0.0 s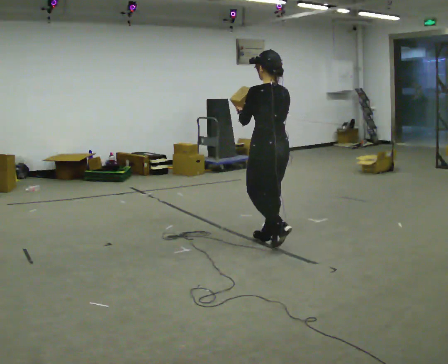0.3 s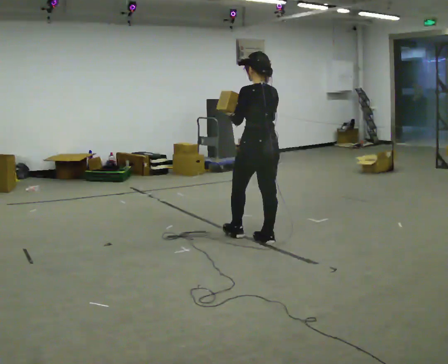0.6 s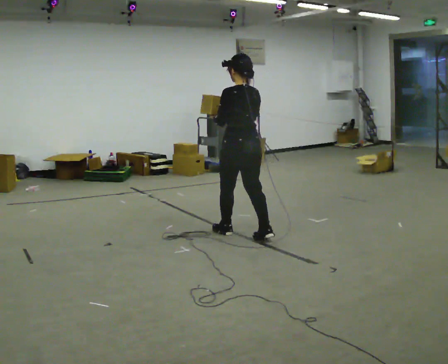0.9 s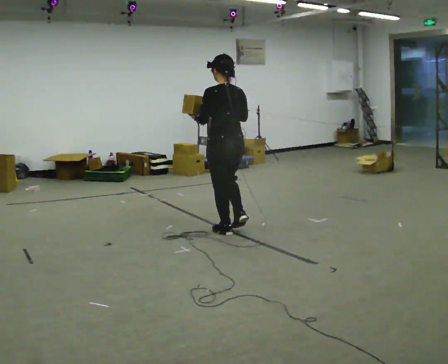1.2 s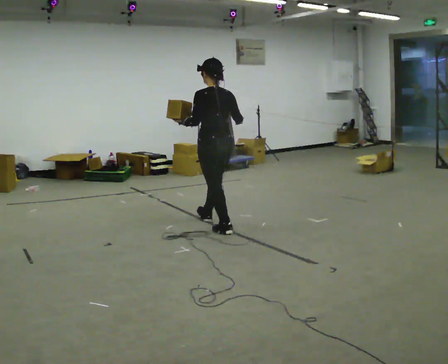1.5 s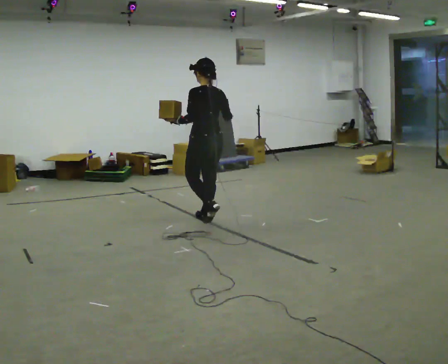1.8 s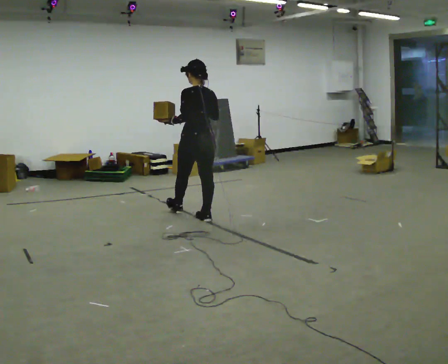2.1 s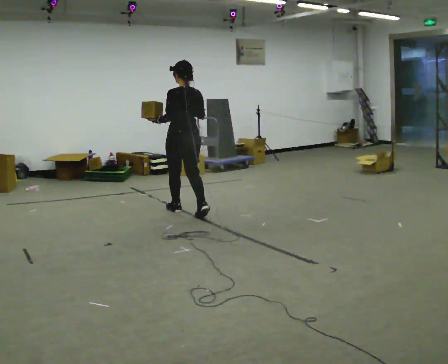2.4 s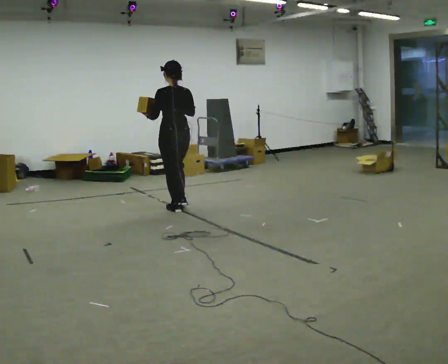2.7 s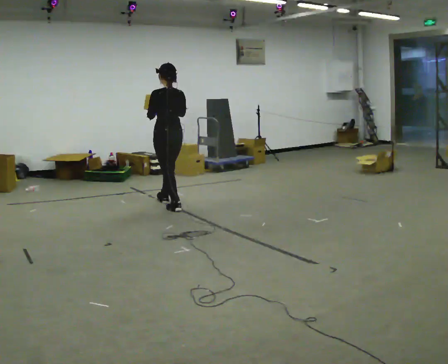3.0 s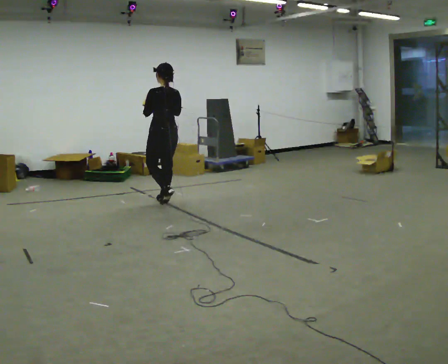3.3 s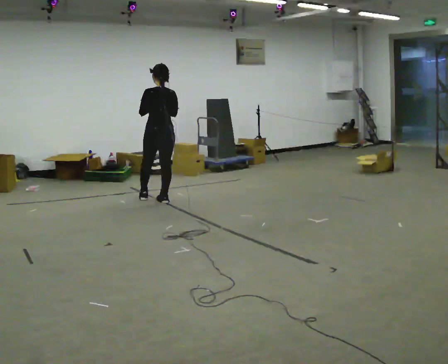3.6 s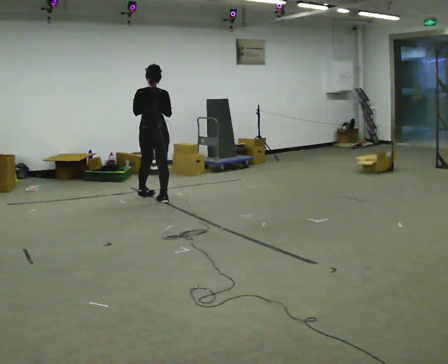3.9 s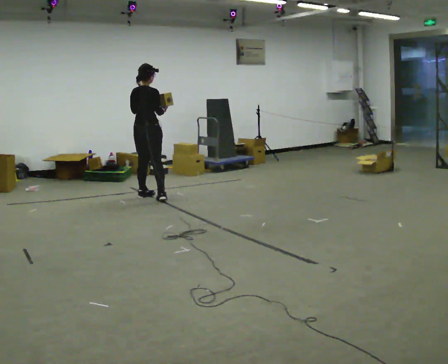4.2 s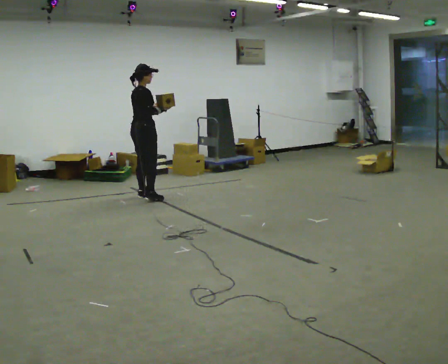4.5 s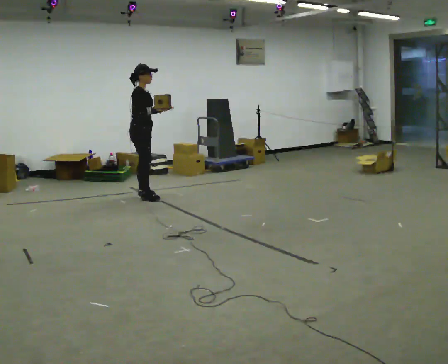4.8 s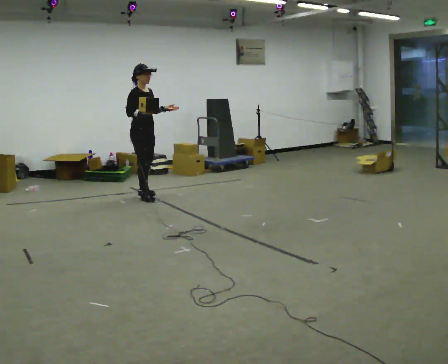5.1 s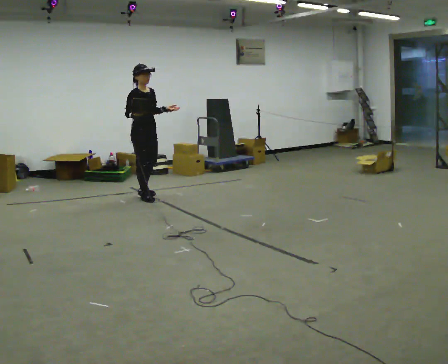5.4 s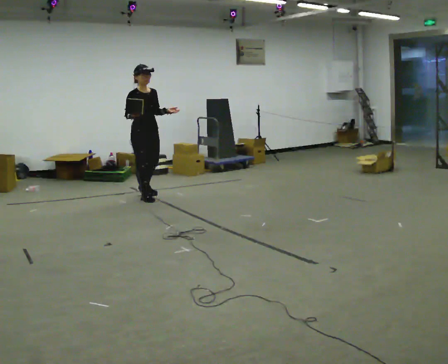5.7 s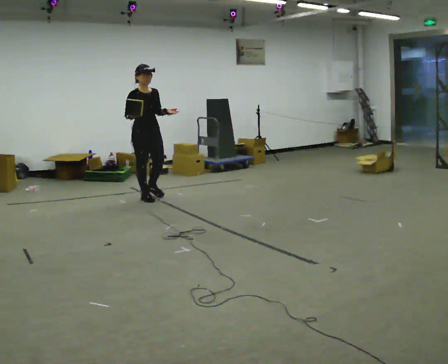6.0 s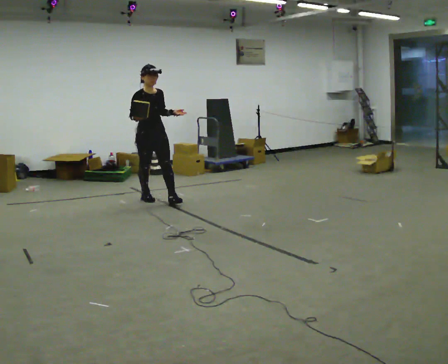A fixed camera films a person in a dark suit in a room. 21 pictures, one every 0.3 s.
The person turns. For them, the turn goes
to their right.
The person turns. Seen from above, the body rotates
clockwise.
0.0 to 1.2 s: In the picture they go away from the camera and to the left, about 0.5 m in 1 step, which for them is forward.
1.2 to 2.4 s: In the picture they go away from the camera and to the left, about 1 m in 2 steps, which for them is forward.
2.4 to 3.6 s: The person turns about 30 degrees to their right, clockwise seen from above, so the part of the body nearest the lens slides to the left. In the picture they go away from the camera and to the left, about 0.5 m in 2 steps, which for them is forward.
3.6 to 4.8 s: The part of the body nearest the lens slides to the left as the person turns to their right by about 105 degrees. In the picture they go to the left, about 0.25 m in 1 step.
4.8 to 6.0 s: The person turns about 30 degrees to their right, clockwise seen from above, so the part of the body nearest the lens slides to the left. In the picture they go toward the camera, about 0.25 m, which for them is forward.
The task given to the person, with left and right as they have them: Carry the object in one hand and, while walking, pass it to your other hand. Keep passing it back and forth as you walk.
The film runs forward here.
